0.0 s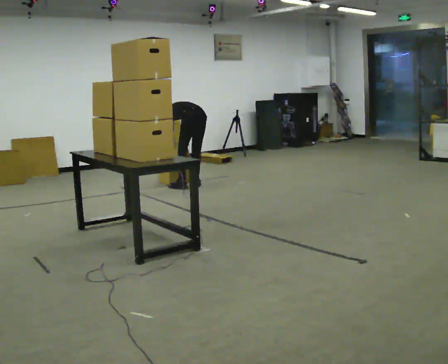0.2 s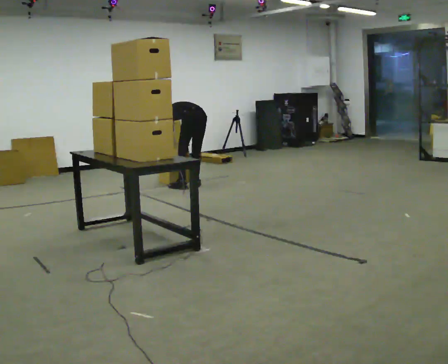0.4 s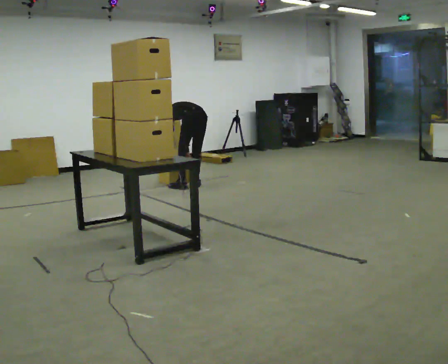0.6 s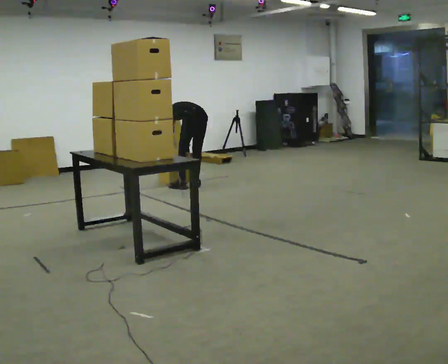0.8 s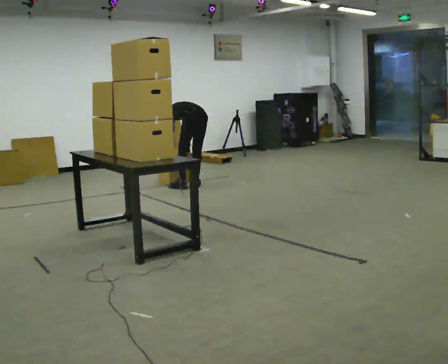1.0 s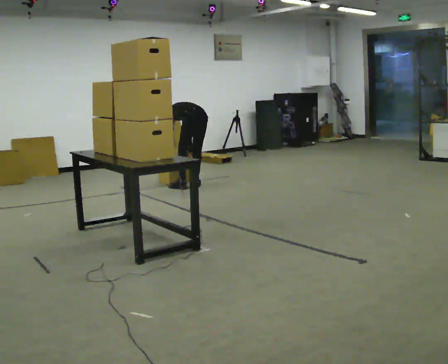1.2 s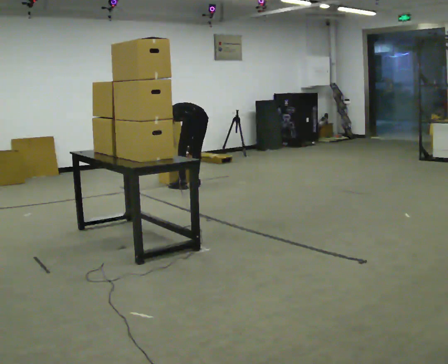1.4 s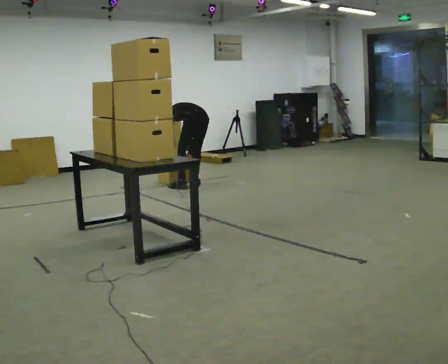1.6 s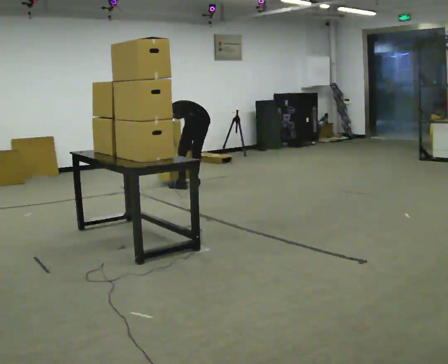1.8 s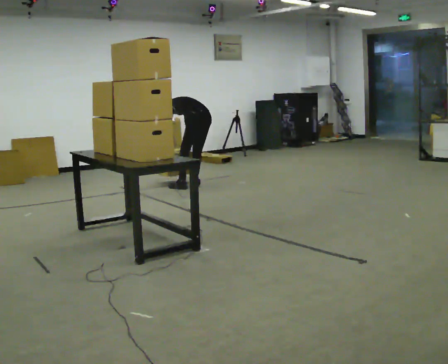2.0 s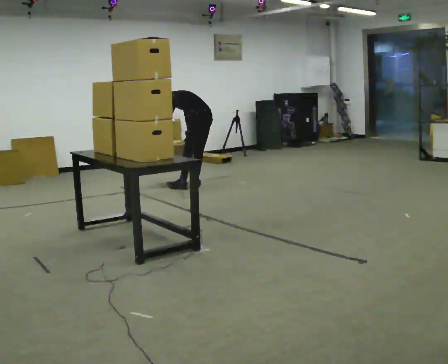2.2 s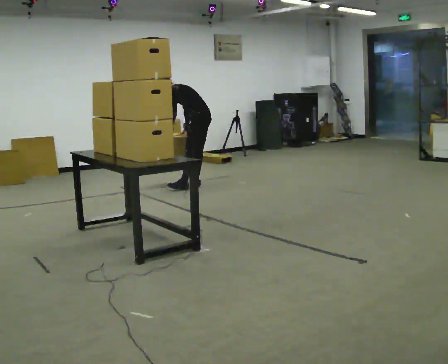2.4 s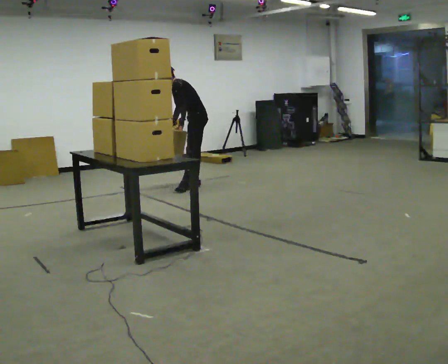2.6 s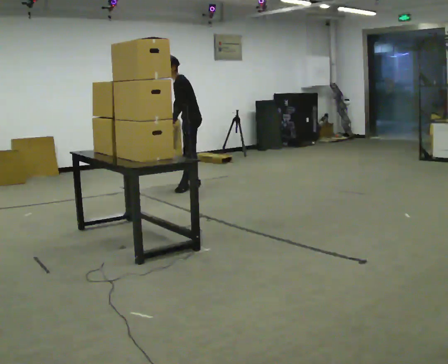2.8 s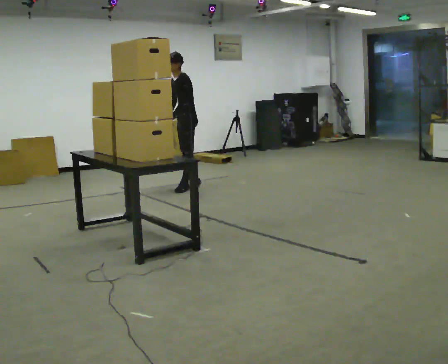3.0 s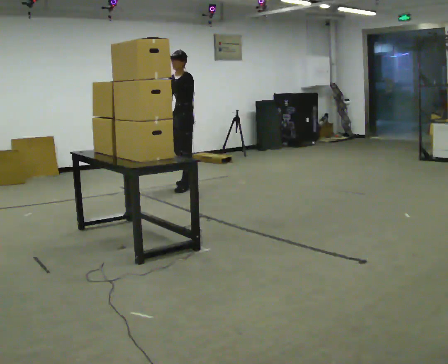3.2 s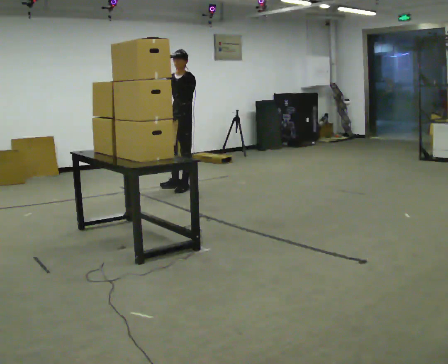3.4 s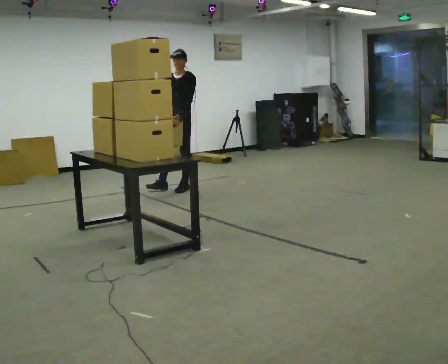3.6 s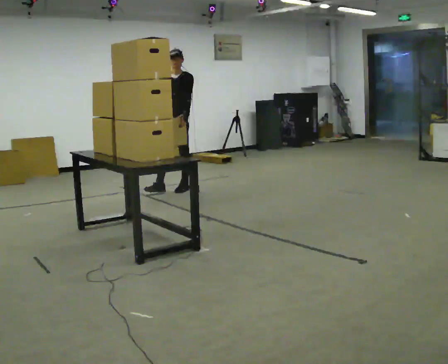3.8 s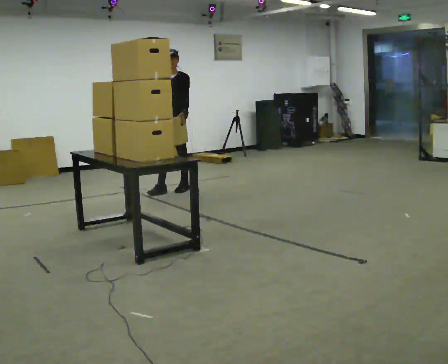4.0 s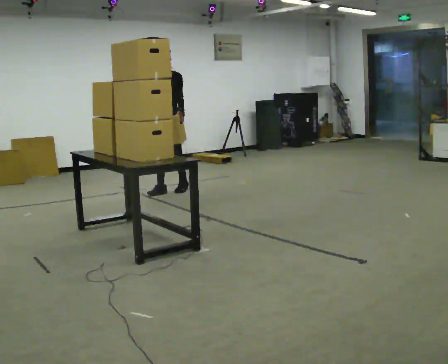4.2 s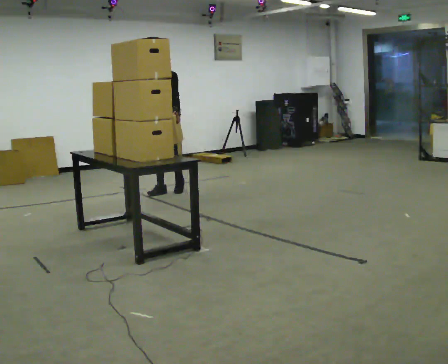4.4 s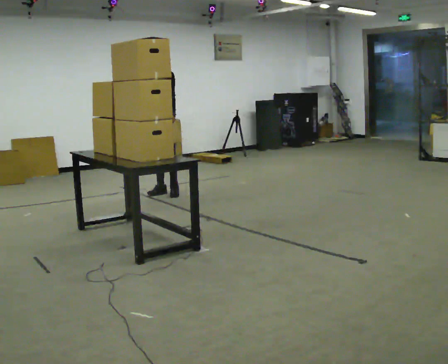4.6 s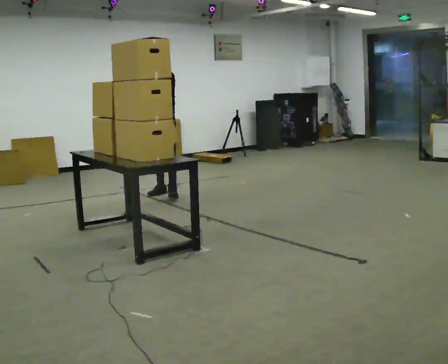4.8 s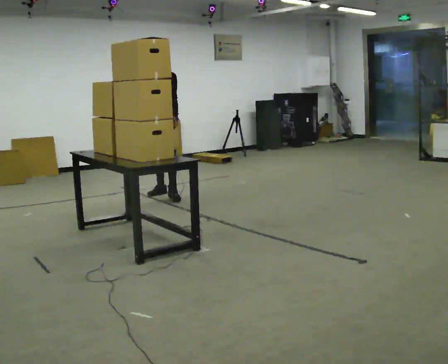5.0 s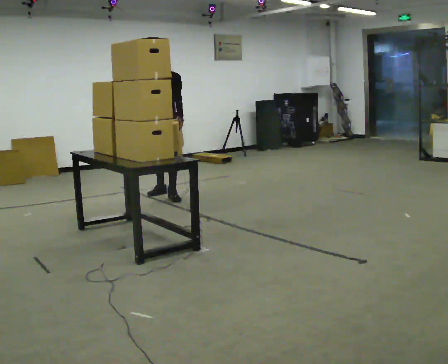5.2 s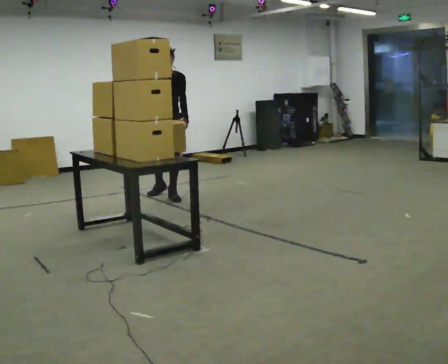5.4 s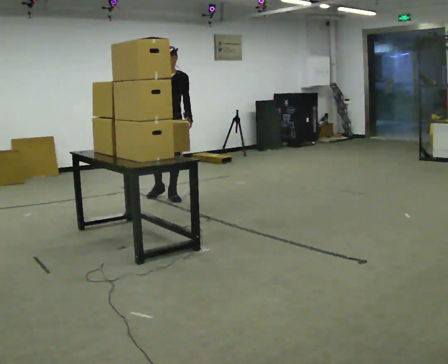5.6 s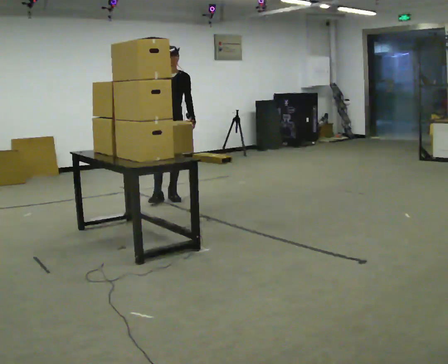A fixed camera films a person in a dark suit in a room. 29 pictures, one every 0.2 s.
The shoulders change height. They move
upward.
Their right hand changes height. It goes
upward.
0.0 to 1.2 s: The person moves a little, or ends about where they began.
1.2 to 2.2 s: Seen from above the body turns counterclockwise, about 30 degrees: to their left, with its near side sliding to the right. The upper body goes upward. The upper body tips toward the camera, its near side rolling downward, as they lean back or straighten. In the picture their left hand goes upward.
2.2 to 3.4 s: Seen from above the body turns counterclockwise, about 75 degrees: to their left, with its near side sliding to the right. In the picture they go to the left, about 0.25 m. In the picture the upper body tilts clockwise, shoulders to the right, as they lean back or straighten.
3.4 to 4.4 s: In the picture they go to the left and toward the camera, about 0.25 m in 1 step, which for them is forward and to their right.
4.4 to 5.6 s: In the picture they go toward the camera, about 0.25 m in 1 step, which for them is forward and to their left.
The film runs forward here.
